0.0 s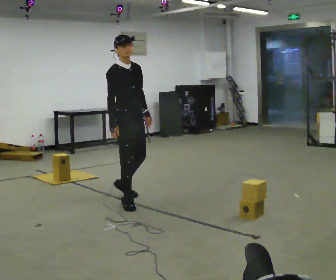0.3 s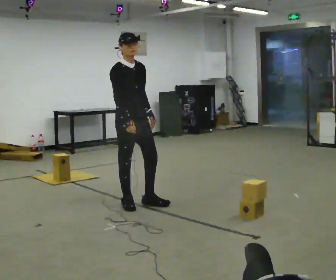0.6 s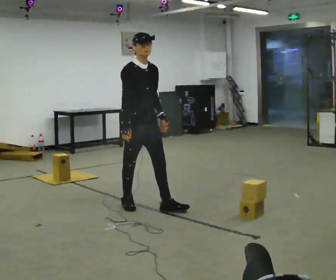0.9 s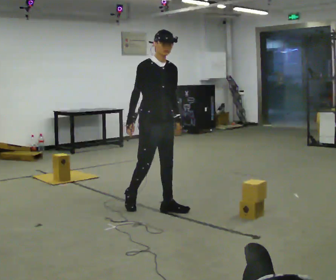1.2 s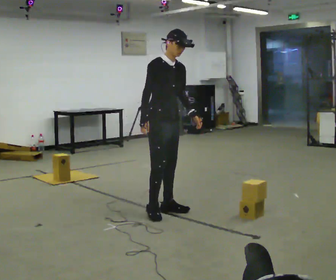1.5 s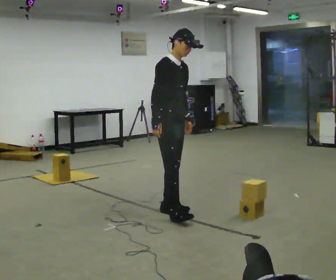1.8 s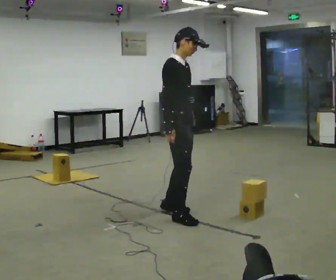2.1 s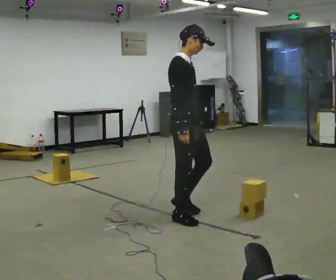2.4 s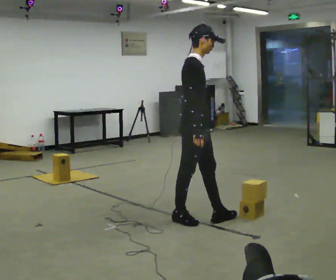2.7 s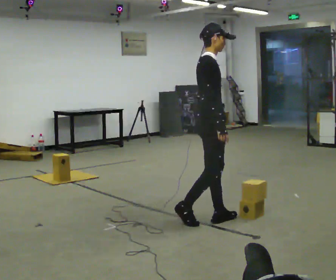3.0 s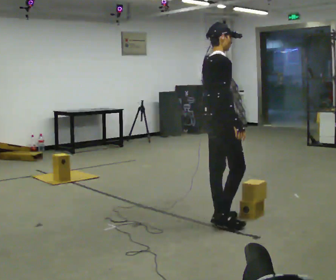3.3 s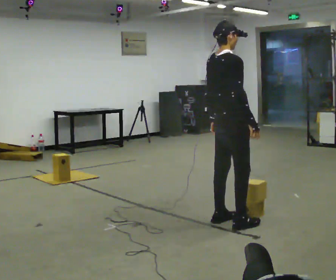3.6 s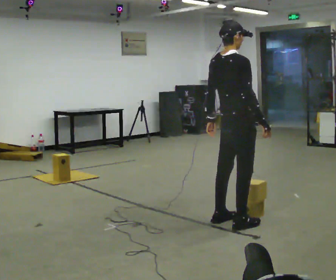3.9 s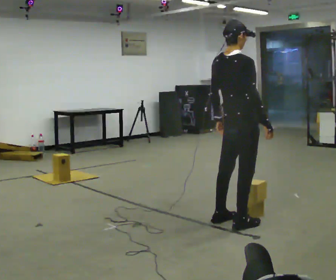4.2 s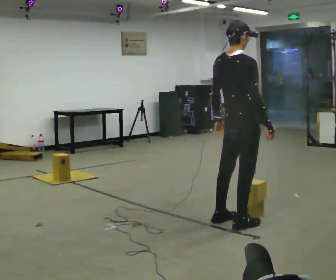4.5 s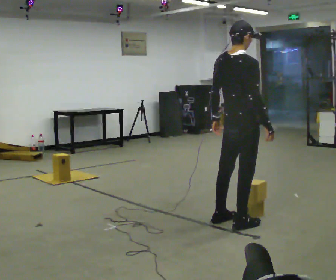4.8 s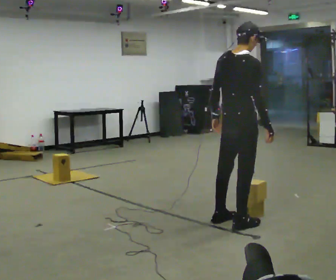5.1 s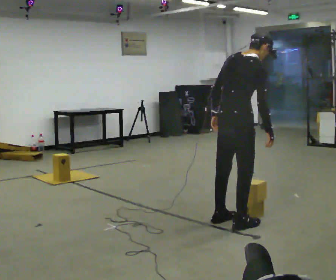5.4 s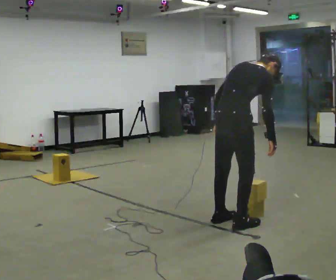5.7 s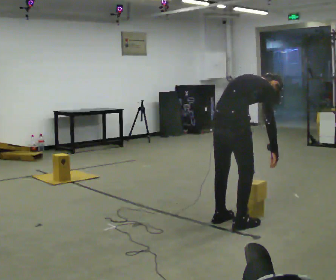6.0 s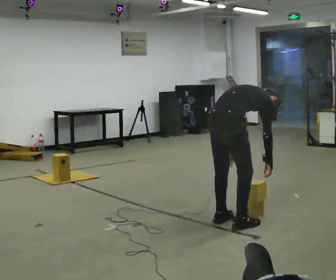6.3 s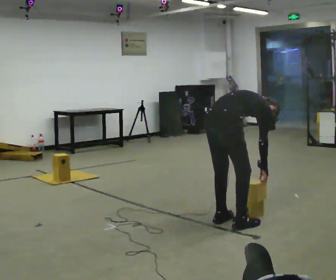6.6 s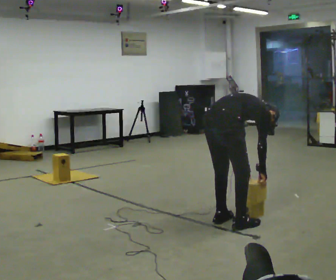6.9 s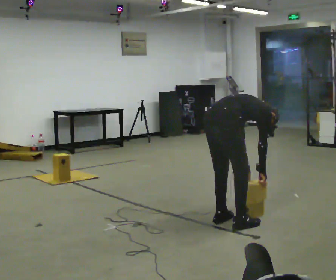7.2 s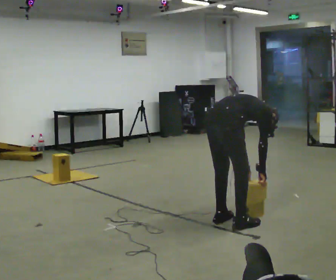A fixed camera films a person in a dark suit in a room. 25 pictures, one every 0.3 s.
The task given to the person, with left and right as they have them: Carry the boxes over one at a time and lay them out on the pallet in the pattern the operator shows you. Keep going until the operator says stop; one object at a time, and do not rush between trips.
0.0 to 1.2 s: In the picture they go to the right, about 0.5 m in 1 step, which for them is forward.
1.2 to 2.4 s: The person turns about 30 degrees to their left, counterclockwise seen from above, so the part of the body nearest the lens slides to the right. In the picture they go to the right and toward the camera, about 0.5 m in 2 steps, which for them is forward and to their right.
2.4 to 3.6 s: The person turns about 45 degrees to their left, counterclockwise seen from above, so the part of the body nearest the lens slides to the right. In the picture they go to the right, about 0.25 m in 1 step, which for them is forward and to their right.
3.6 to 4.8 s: The person moves a little, or ends about where they began.
4.8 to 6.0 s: The shoulders move downward. The upper body tips away from the camera, its near side rolling upward, as they bend forward. In the picture their right hand goes downward.
6.0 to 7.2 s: The upper body tips away from the camera, its near side rolling upward, as they bend forward.
The film runs forward here.
